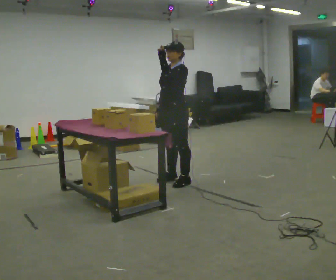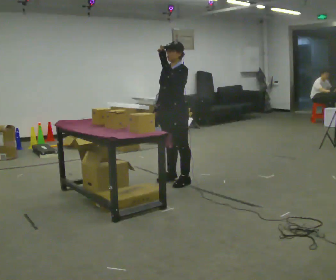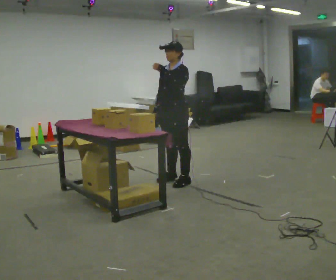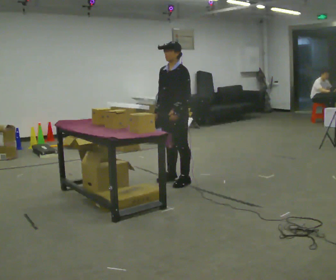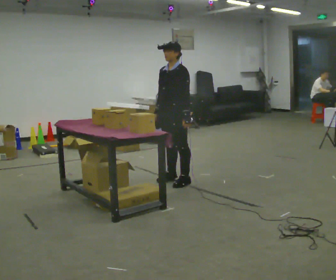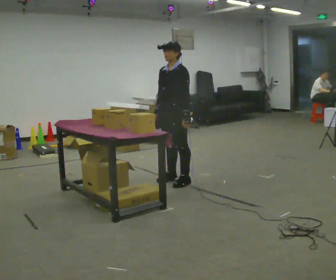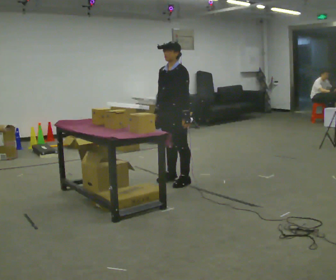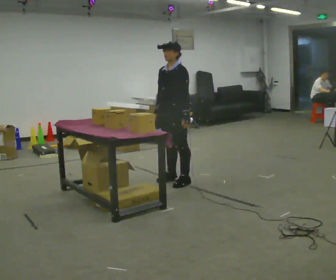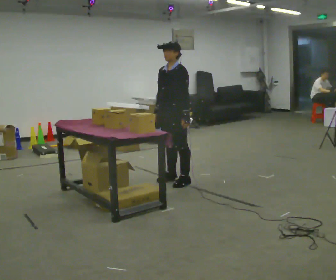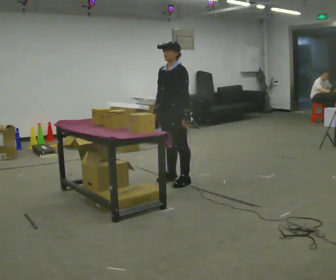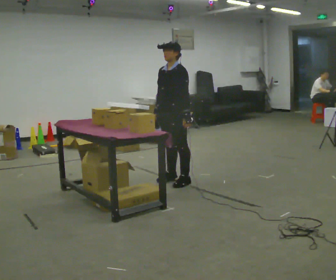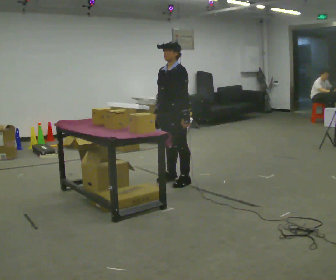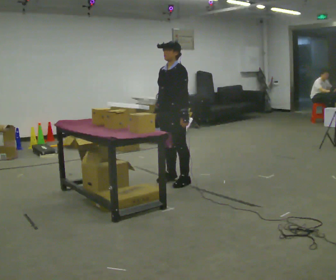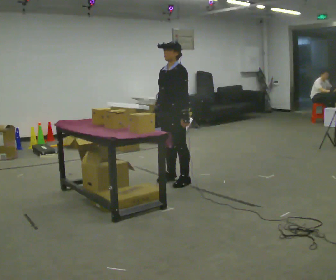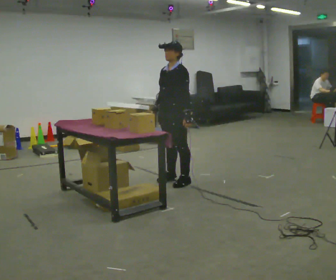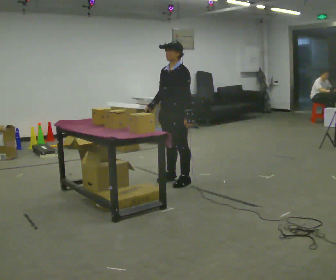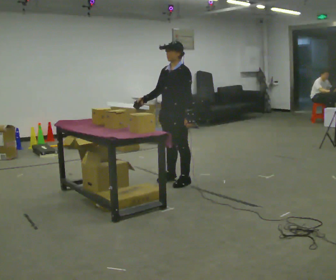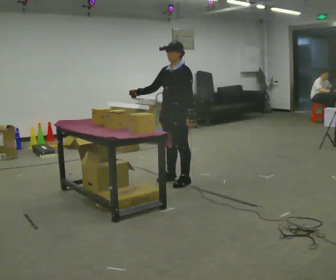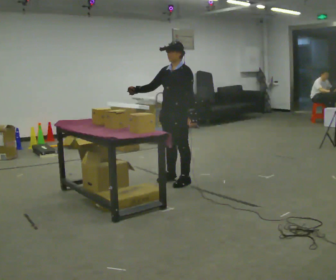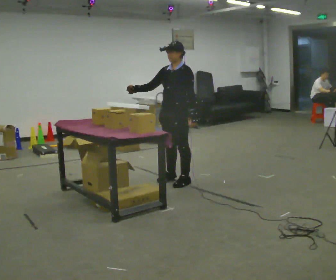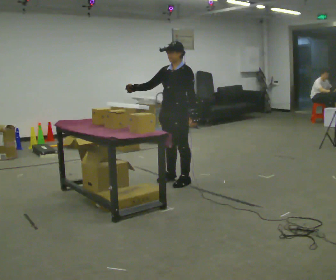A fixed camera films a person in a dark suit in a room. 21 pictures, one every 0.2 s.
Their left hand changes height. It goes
downward.
0.0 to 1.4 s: In the picture their left hand goes downward.
1.4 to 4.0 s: The person moves a little, or ends about where they began.
The film runs backward here.
